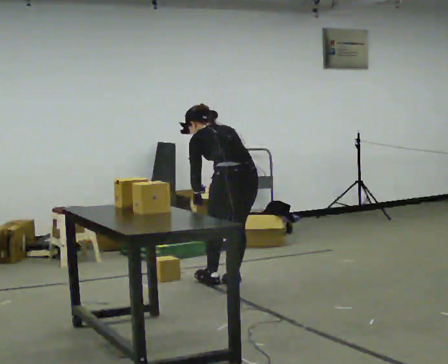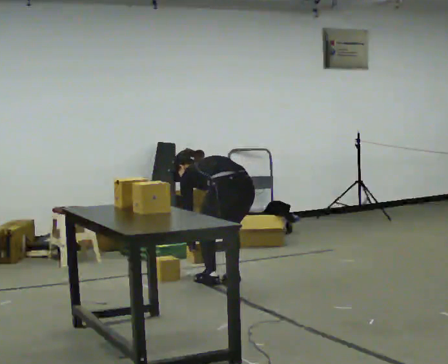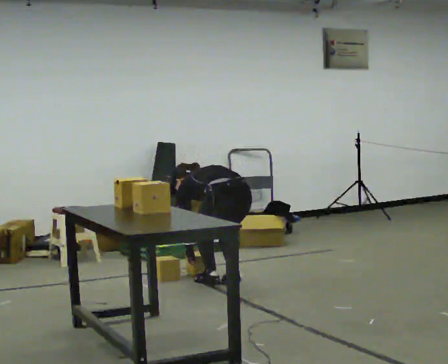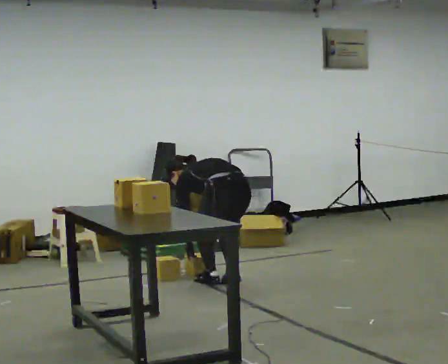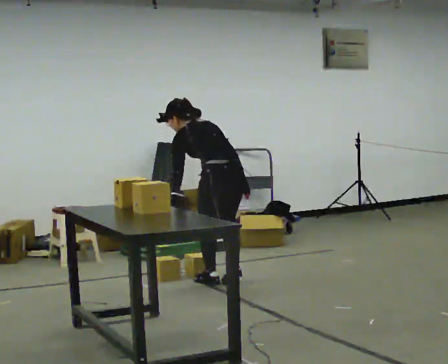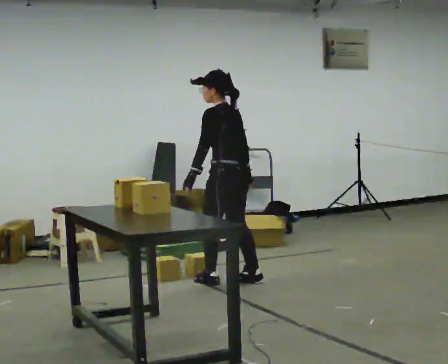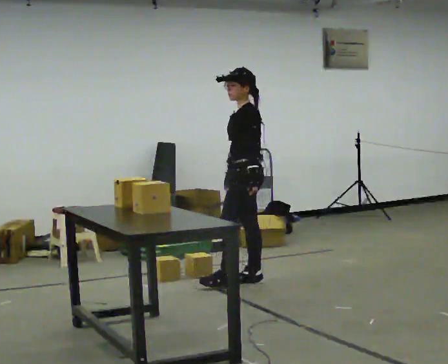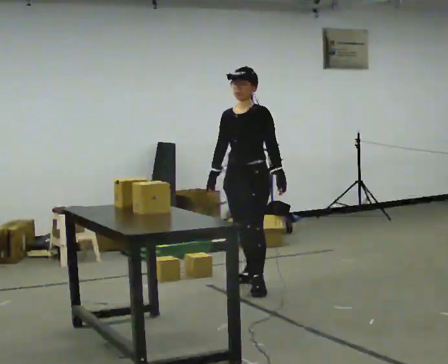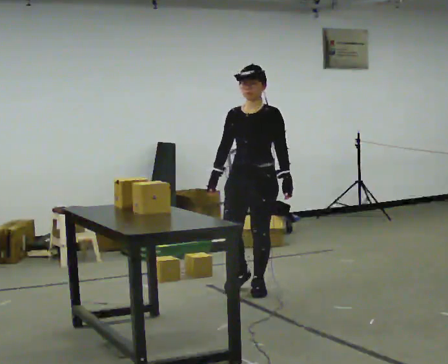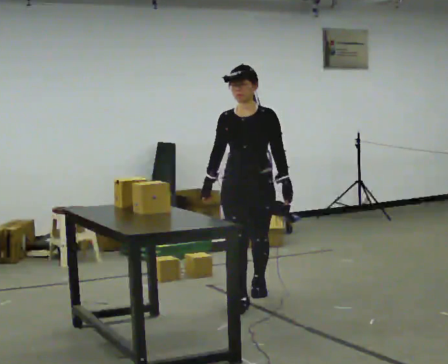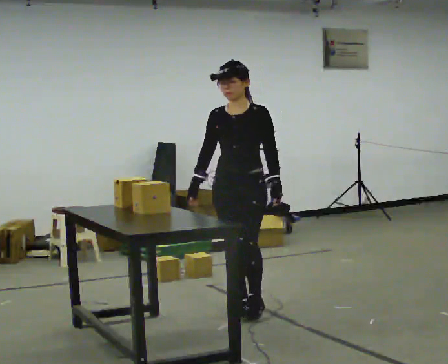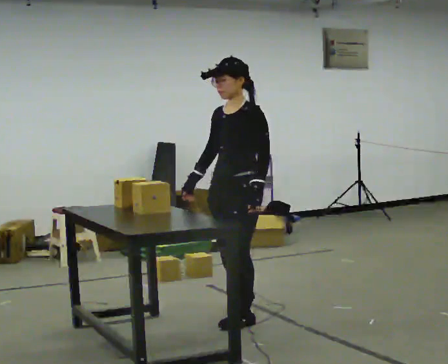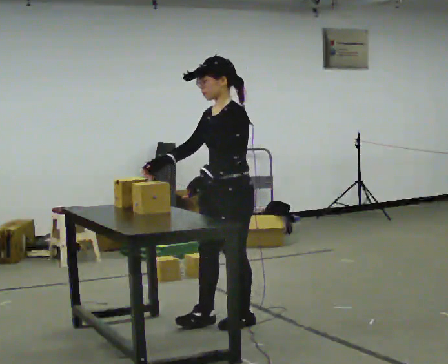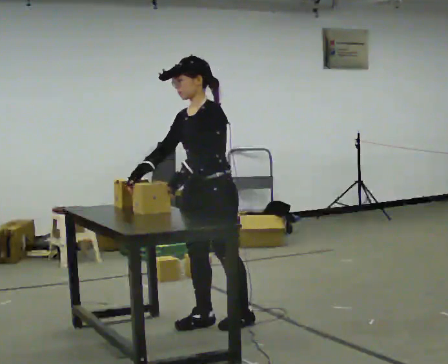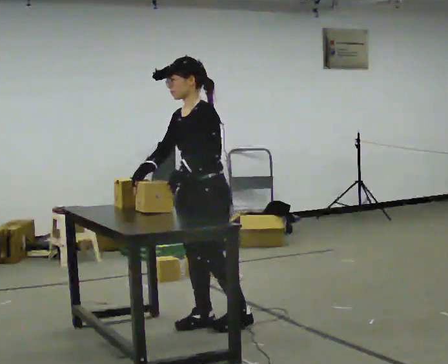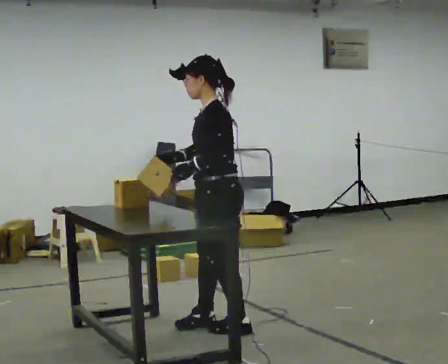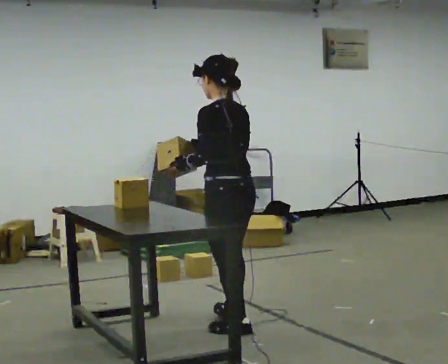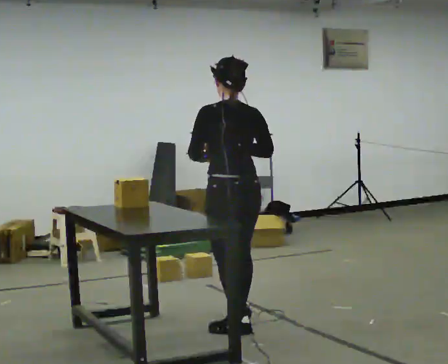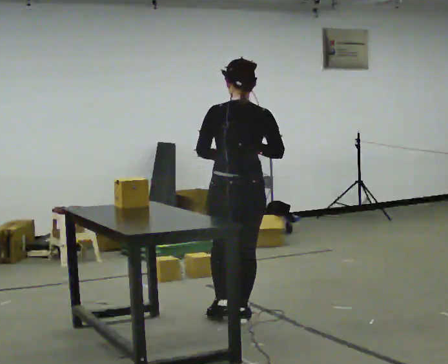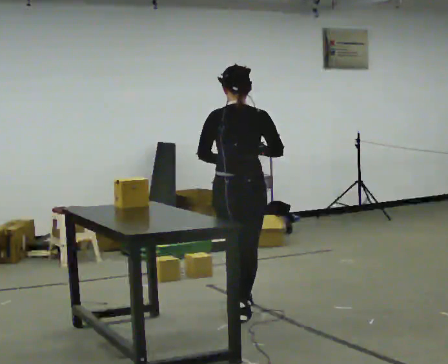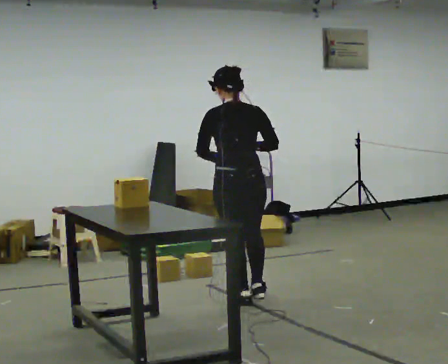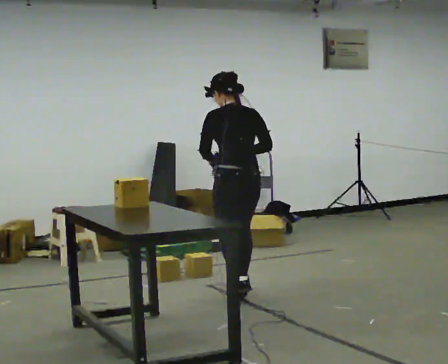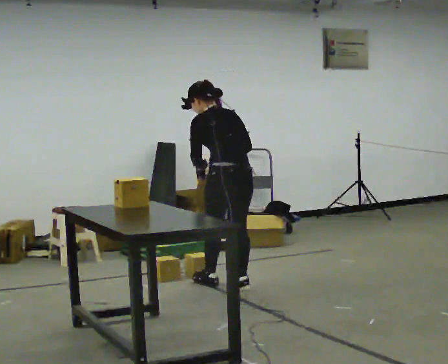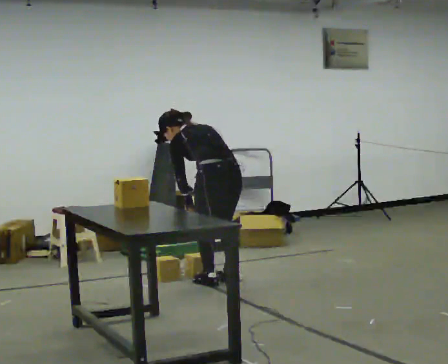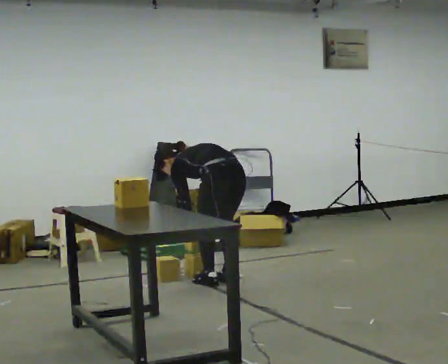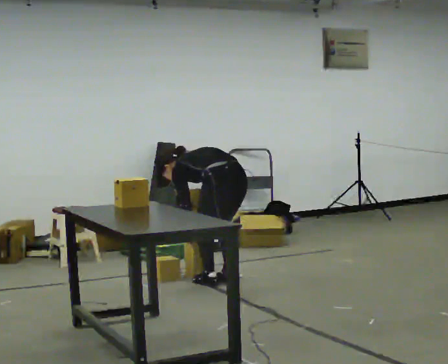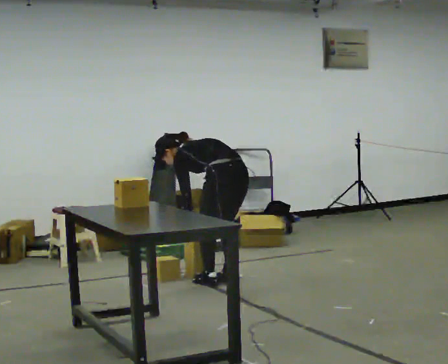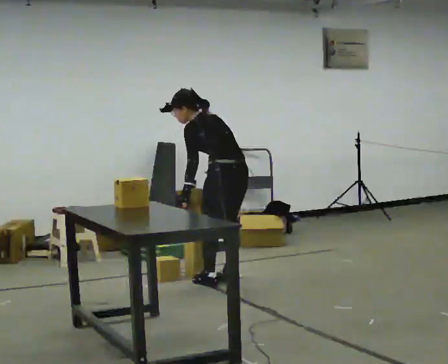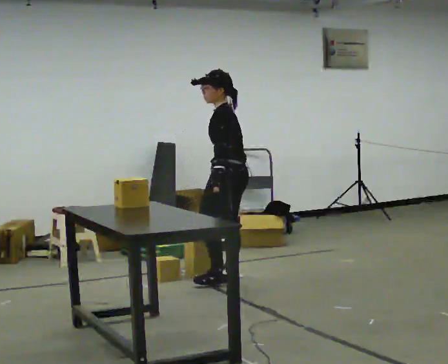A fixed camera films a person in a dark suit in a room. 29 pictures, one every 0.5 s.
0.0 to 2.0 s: The person moves a little, or ends about where they began.
2.0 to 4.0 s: The part of the body nearest the lens slides to the right as the person turns to their left by about 120 degrees. In the picture they go toward the camera and to the right, about 0.25 m in 2 steps. In the picture the upper body tilts clockwise, shoulders to the right, as they lean back or straighten.
4.0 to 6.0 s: The part of the body nearest the lens slides to the left as the person turns to their right by about 30 degrees. In the picture they go toward the camera, about 1 m in 3 steps, which for them is forward.
6.0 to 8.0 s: The part of the body nearest the lens slides to the left as the person turns to their right by about 75 degrees. In the picture they go toward the camera, about 0.25 m in 1 step. In the picture their right hand goes to the right.
8.0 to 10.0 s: Seen from above the body turns clockwise, about 45 degrees: to their right, with its near side sliding to the left. In the picture they go away from the camera, about 0.75 m in 1 step.
10.0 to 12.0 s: Seen from above the body turns counterclockwise, about 30 degrees: to their left, with its near side sliding to the right. In the picture they go away from the camera, about 0.5 m in 3 steps, which for them is forward. The upper body goes downward. The upper body tips away from the camera, its near side rolling upward, as they bend forward. In the picture their right hand goes downward.
12.0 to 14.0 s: The person turns about 30 degrees to their left, counterclockwise seen from above, so the part of the body nearest the lens slides to the right. The upper body goes upward. The upper body tips toward the camera, its near side rolling downward, as they lean back or straighten. In the picture their left hand goes upward.
The film runs forward here.
